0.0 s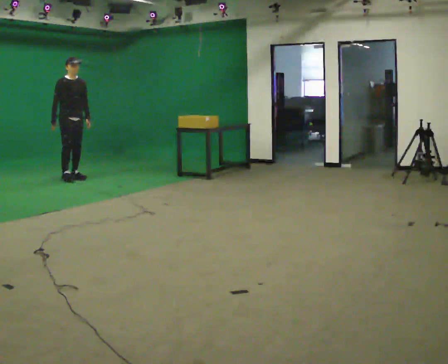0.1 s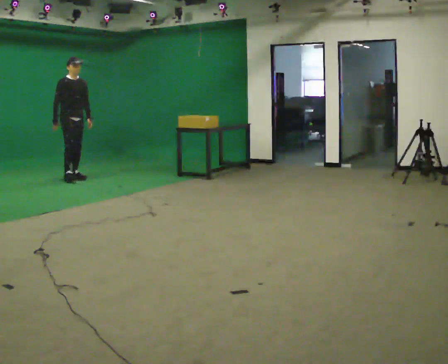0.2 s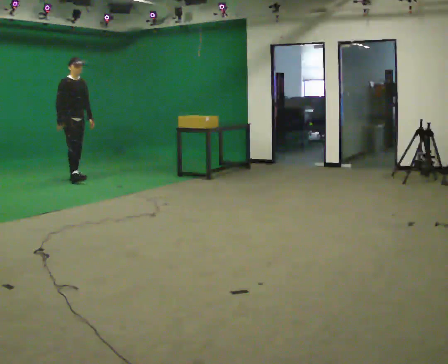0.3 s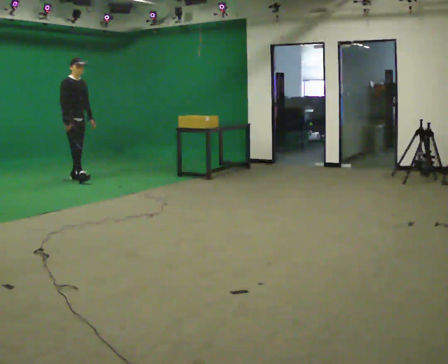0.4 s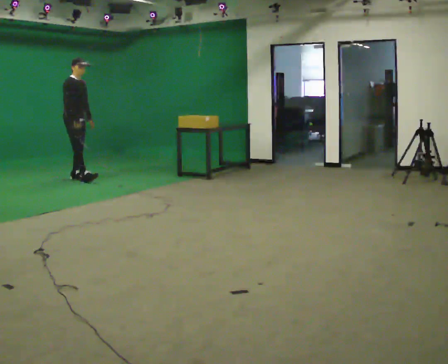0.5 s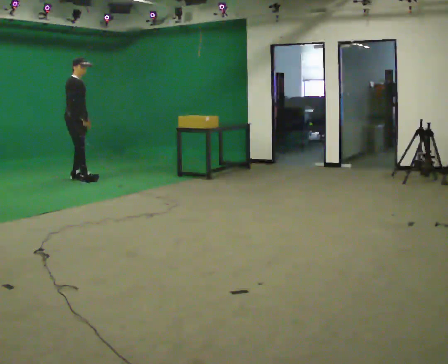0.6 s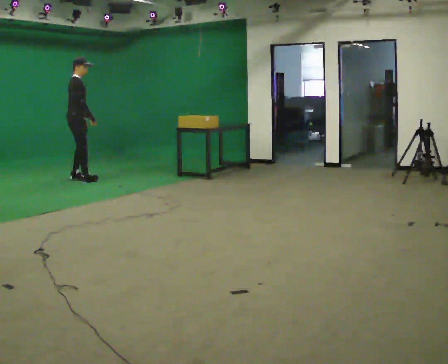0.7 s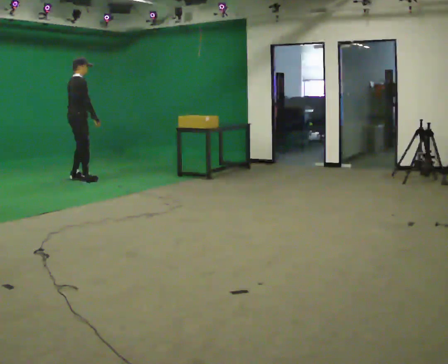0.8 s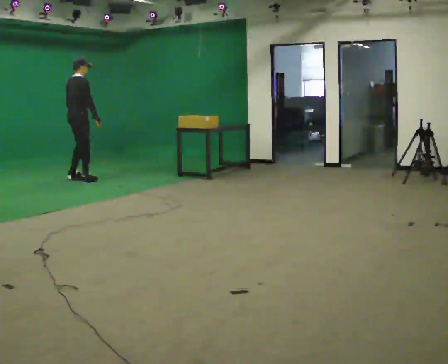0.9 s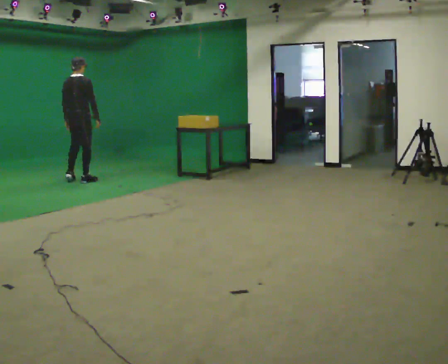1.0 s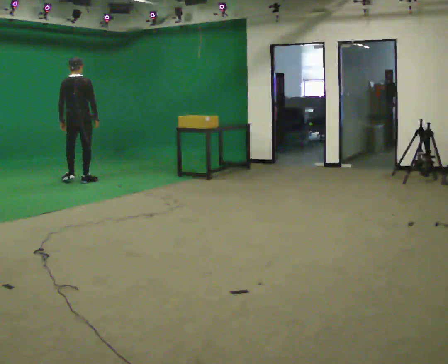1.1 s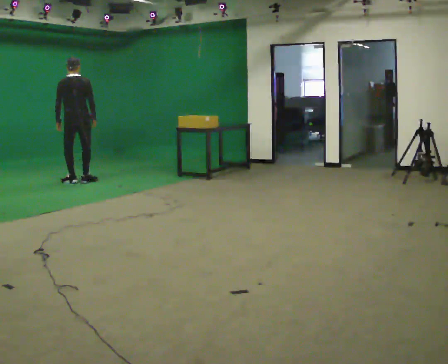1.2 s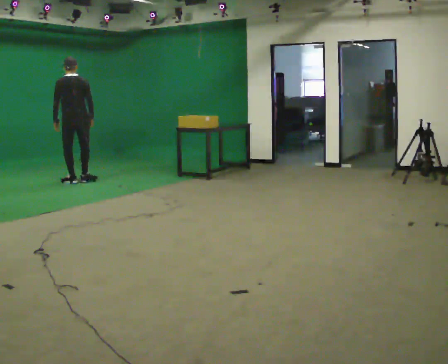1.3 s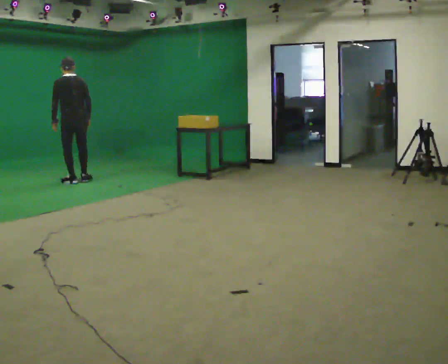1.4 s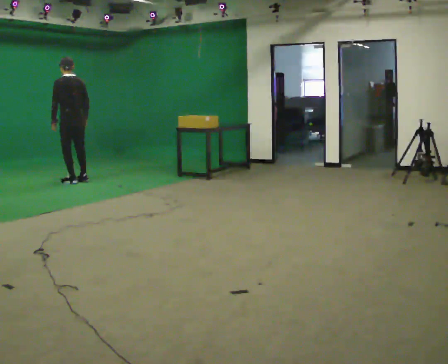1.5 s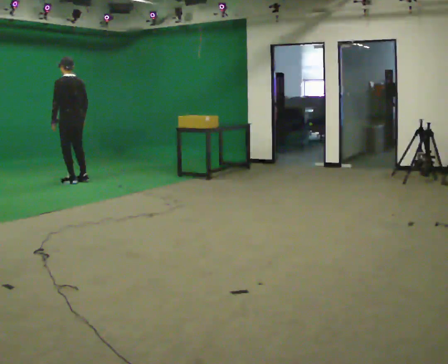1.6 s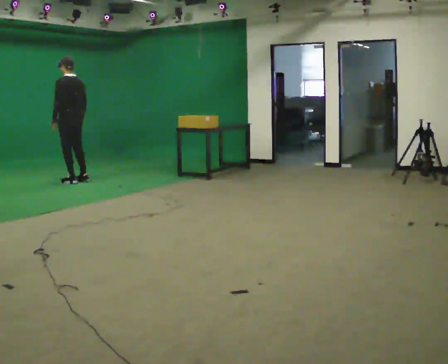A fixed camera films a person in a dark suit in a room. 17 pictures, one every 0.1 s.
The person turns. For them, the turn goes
to their left.
The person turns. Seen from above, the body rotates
counterclockwise.
0.0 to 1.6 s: The part of the body nearest the lens slides to the right as the person turns to their left by about 195 degrees. In the picture they go toward the camera, about 0.25 m in 2 steps. In the picture their left hand goes to the left, the arm swinging clockwise.
The film runs backward here.
